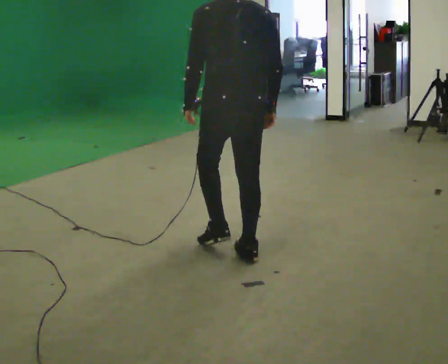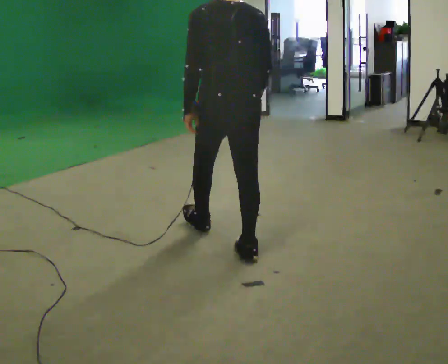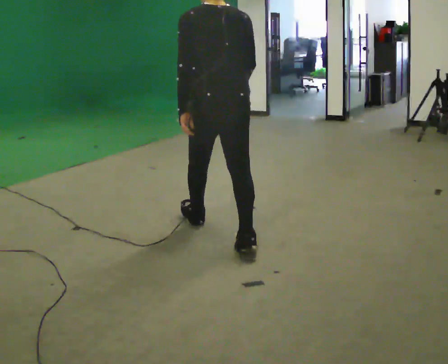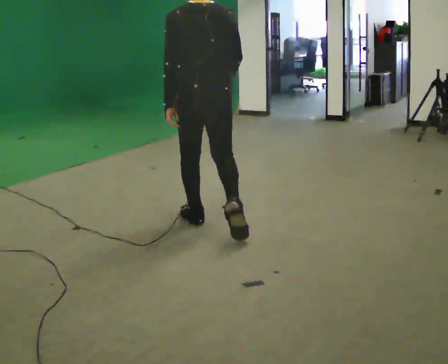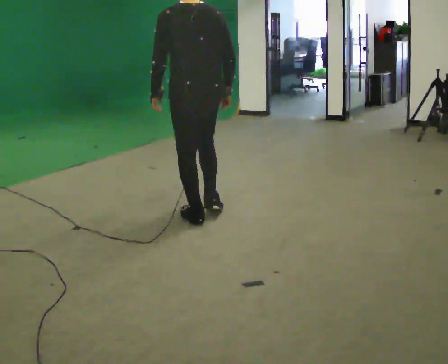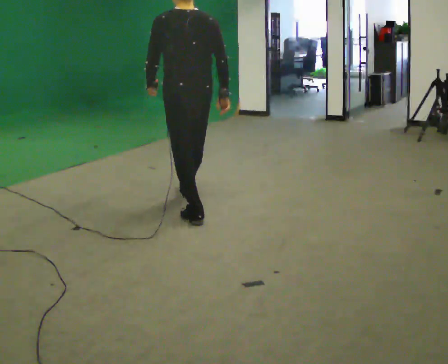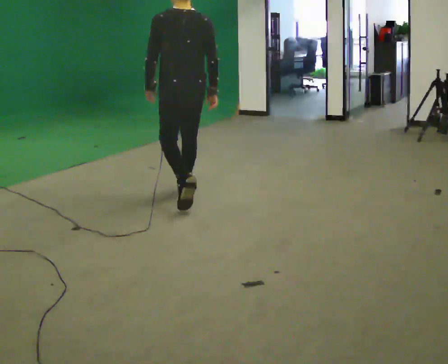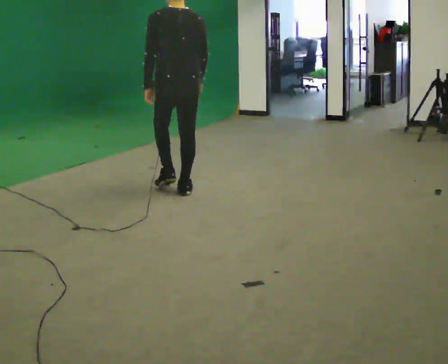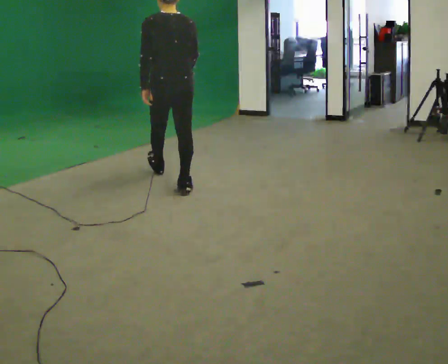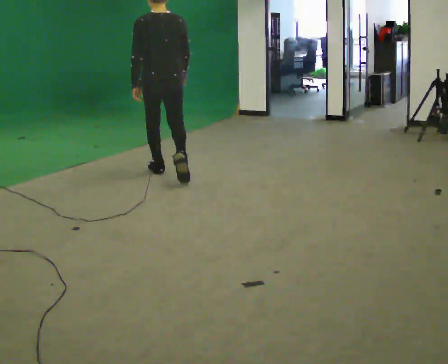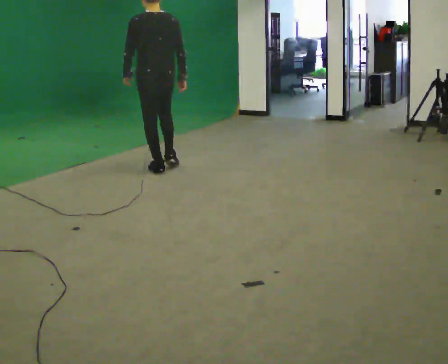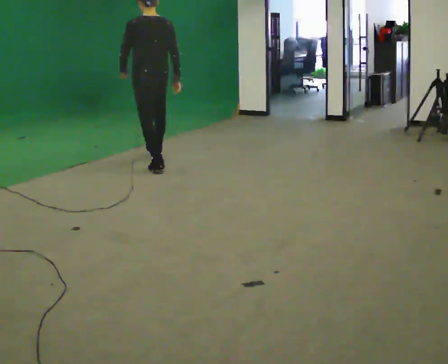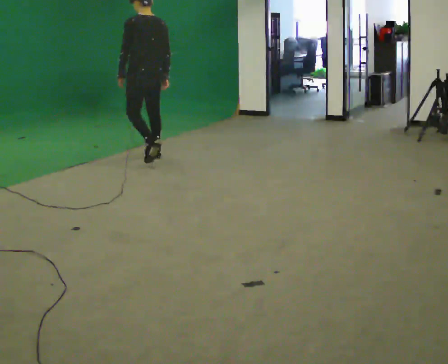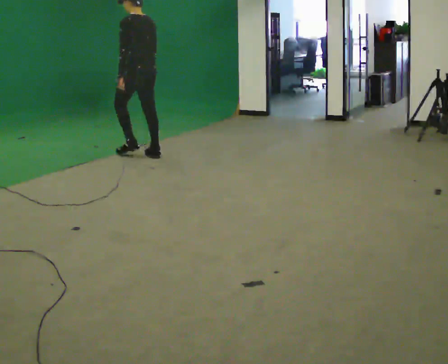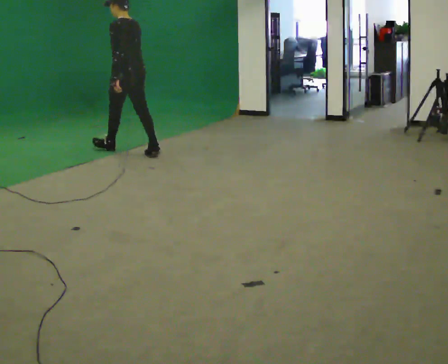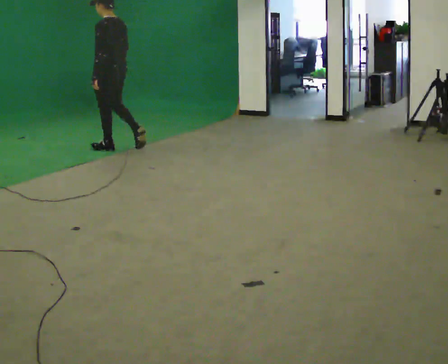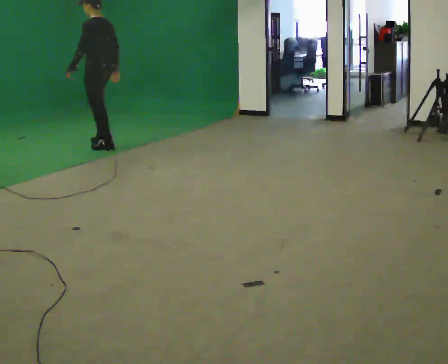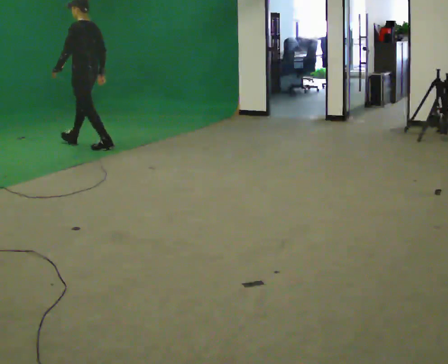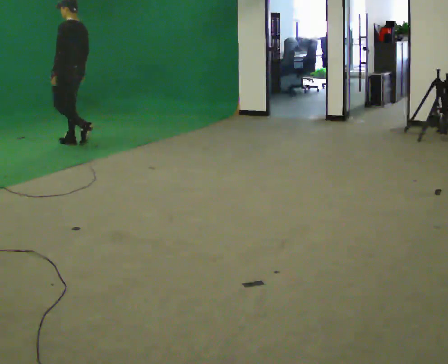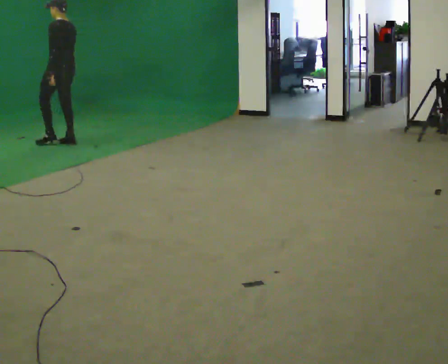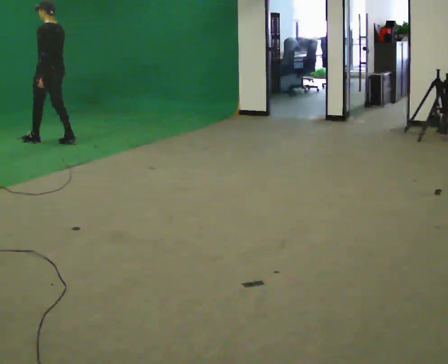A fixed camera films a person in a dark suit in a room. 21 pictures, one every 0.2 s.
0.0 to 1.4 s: In the picture they go away from the camera, about 1.5 m in 2 steps, which for them is forward.
1.4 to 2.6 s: Seen from above the body turns counterclockwise, about 30 degrees: to their left, with its near side sliding to the right. In the picture they go away from the camera, about 1.5 m in 2 steps, which for them is forward.
2.6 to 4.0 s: In the picture they go to the left and away from the camera, about 1.5 m in 3 steps, which for them is forward.
The film runs forward here.
